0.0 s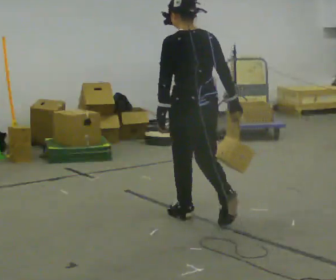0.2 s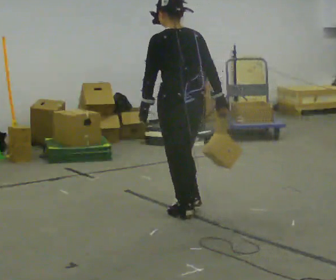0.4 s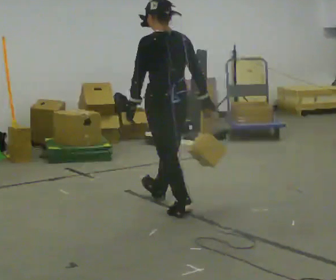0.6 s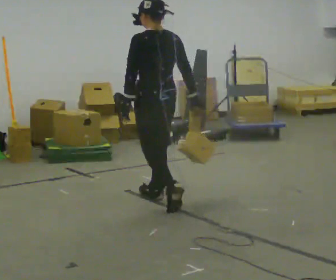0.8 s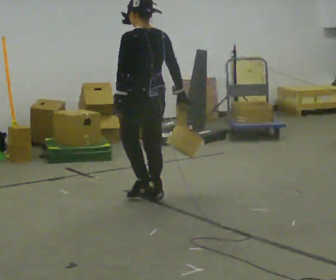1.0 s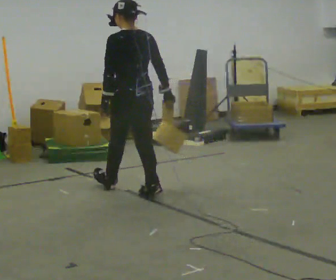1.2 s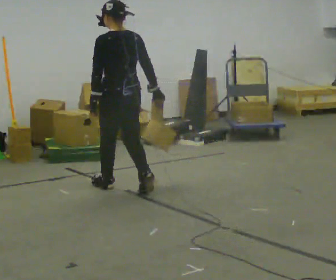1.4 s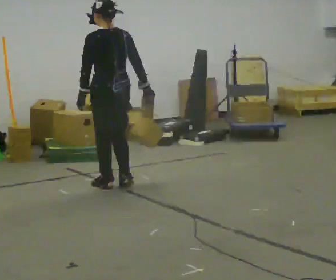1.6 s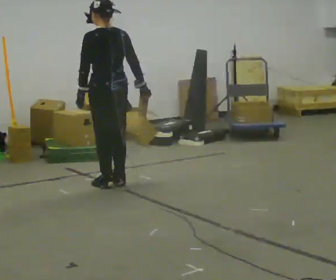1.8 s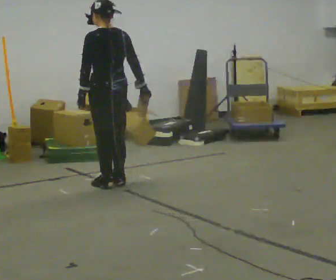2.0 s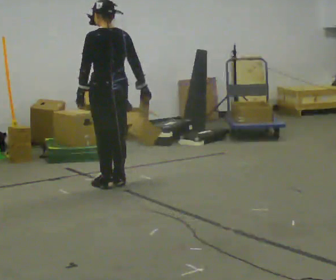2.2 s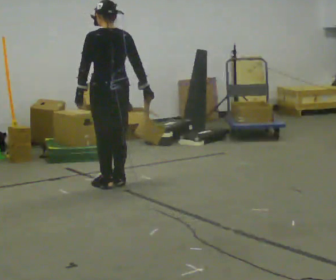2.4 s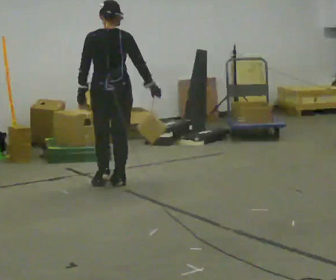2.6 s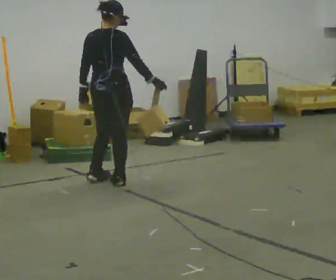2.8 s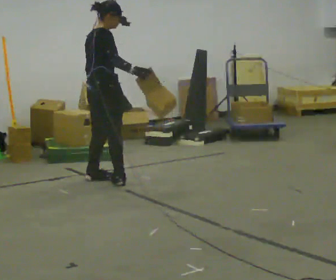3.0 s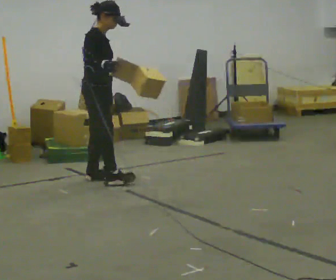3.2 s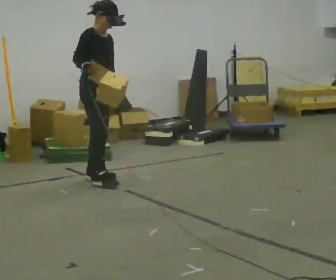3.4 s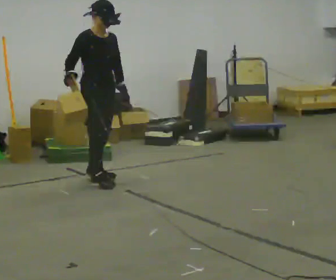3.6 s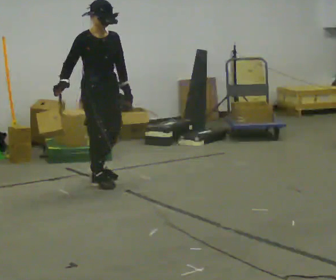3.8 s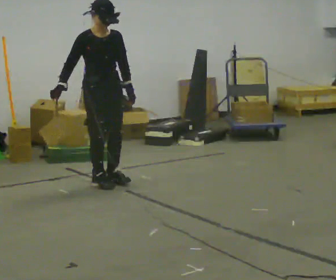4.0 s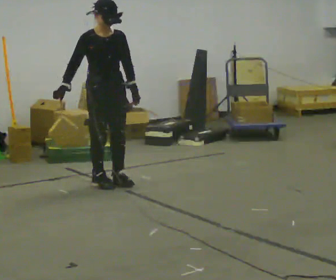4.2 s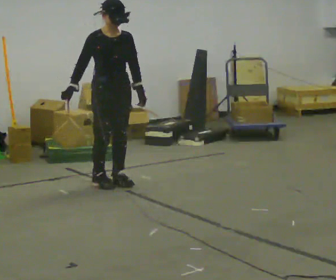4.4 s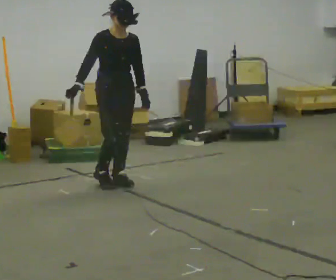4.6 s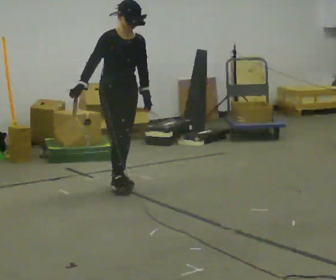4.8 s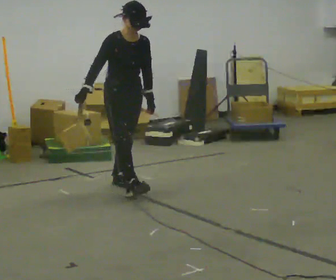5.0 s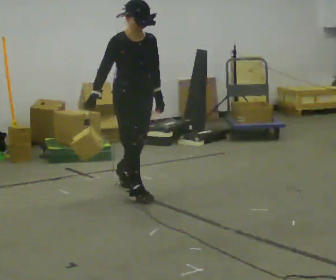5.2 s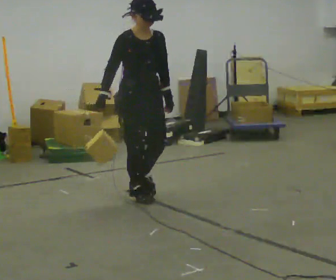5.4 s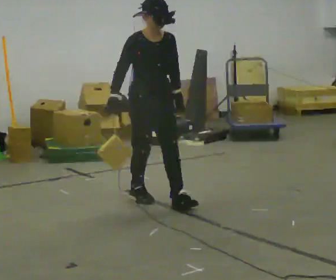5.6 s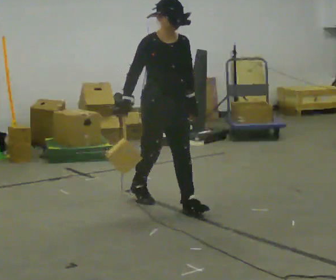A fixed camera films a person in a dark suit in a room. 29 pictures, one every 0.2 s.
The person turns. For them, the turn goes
to their right.
The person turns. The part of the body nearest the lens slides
to the left.
0.0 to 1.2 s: In the picture they go away from the camera and to the left, about 1 m in 2 steps, which for them is forward.
1.2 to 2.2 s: In the picture they go away from the camera, about 0.25 m in 1 step, which for them is forward.
2.2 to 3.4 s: The part of the body nearest the lens slides to the left as the person turns to their right by about 150 degrees. In the picture their right hand goes to the left.
3.4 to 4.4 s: The person moves a little, or ends about where they began.
4.4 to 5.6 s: In the picture they go toward the camera and to the right, about 1 m in 2 steps, which for them is forward.
The film runs forward here.
